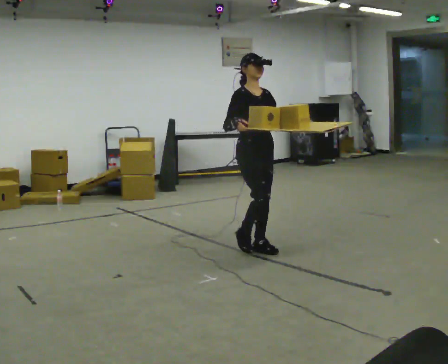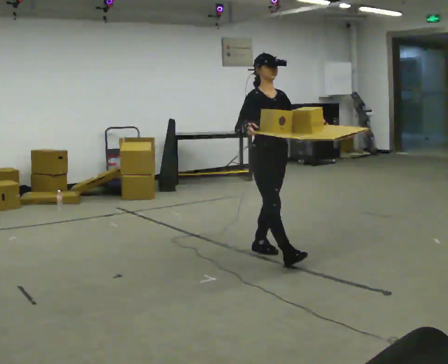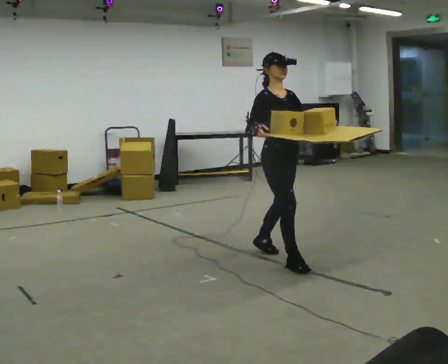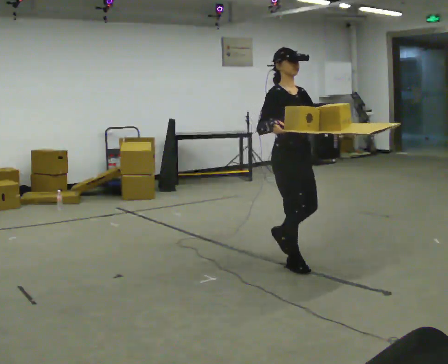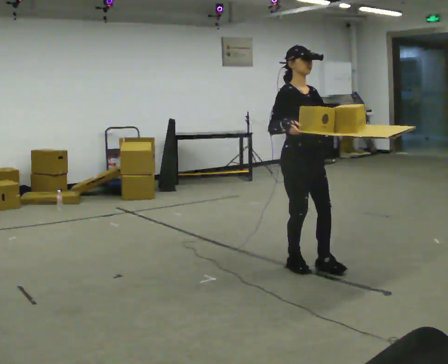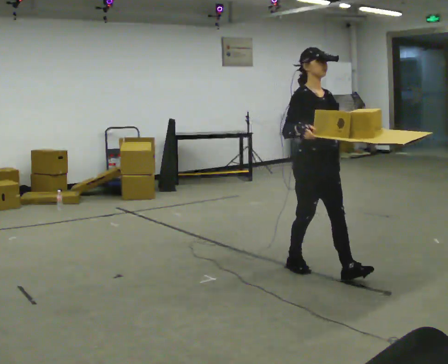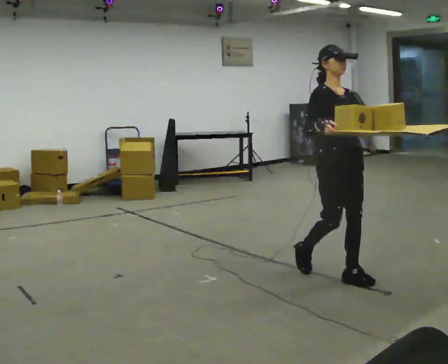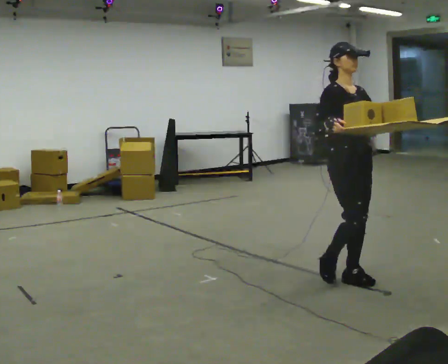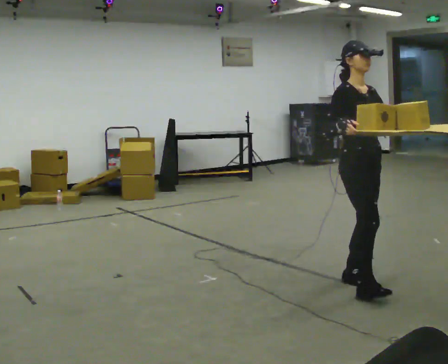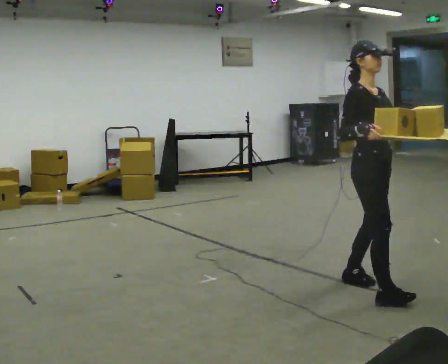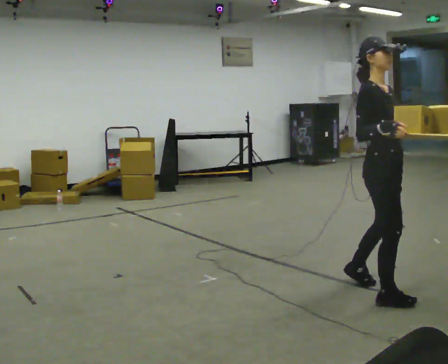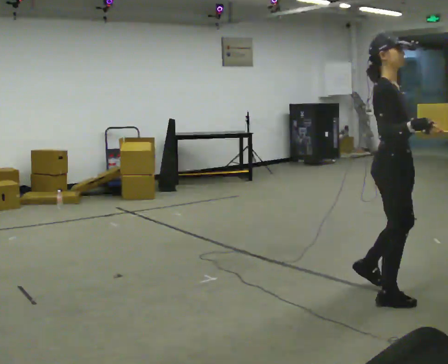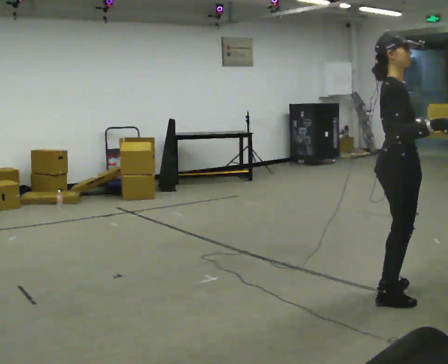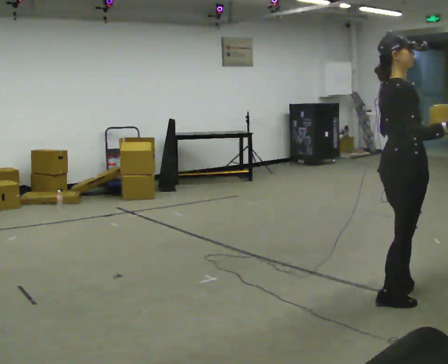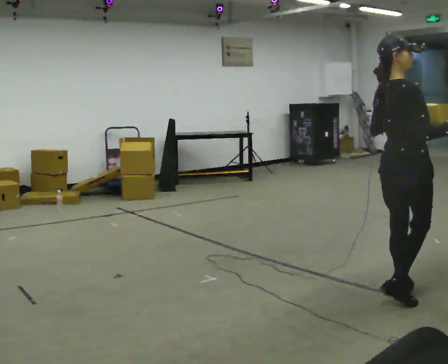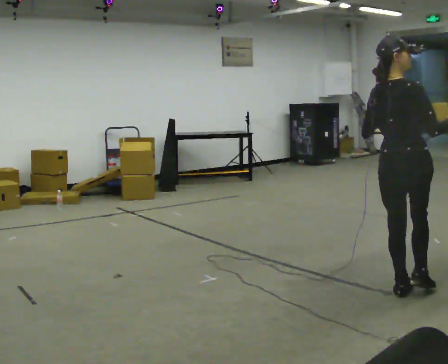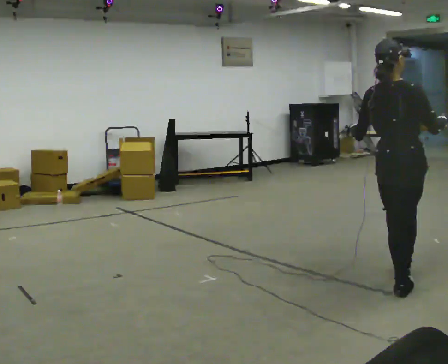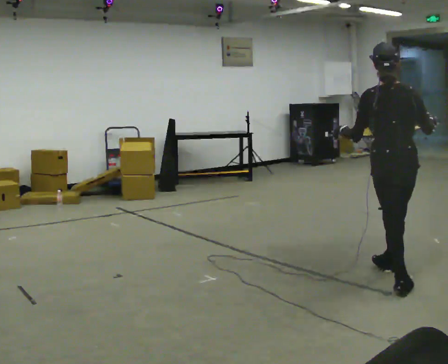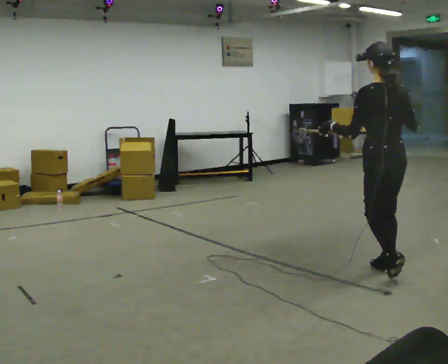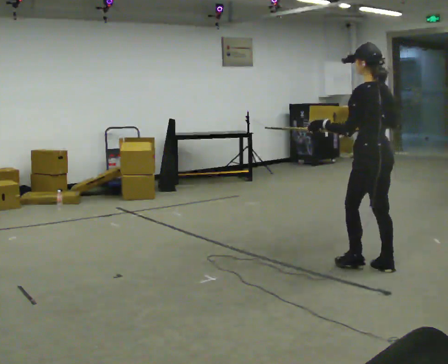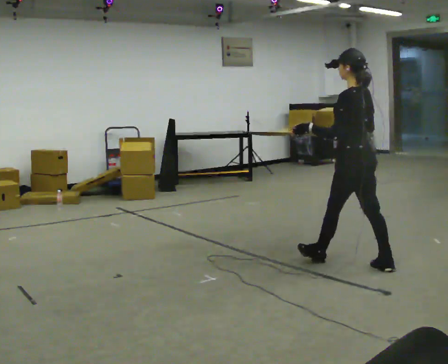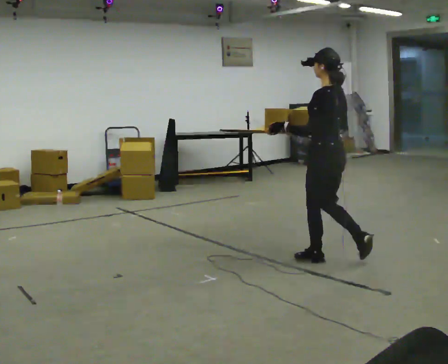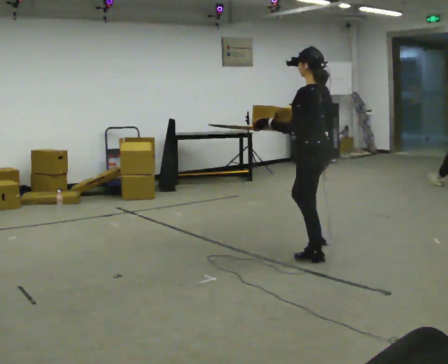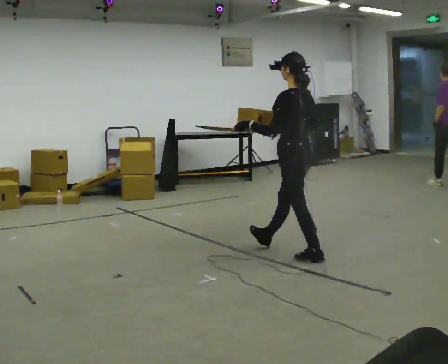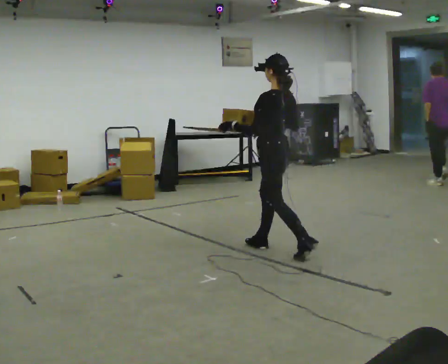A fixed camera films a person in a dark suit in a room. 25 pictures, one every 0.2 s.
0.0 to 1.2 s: In the picture they go to the right and toward the camera, about 1 m in 2 steps, which for them is forward.
1.2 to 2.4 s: The person turns about 60 degrees to their left, counterclockwise seen from above, so the part of the body nearest the lens slides to the right. In the picture they go toward the camera and to the right, about 0.5 m in 1 step, which for them is forward.
2.4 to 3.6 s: The person turns about 120 degrees to their left, counterclockwise seen from above, so the part of the body nearest the lens slides to the right. In the picture they go away from the camera, about 0.5 m in 2 steps.
3.6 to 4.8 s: The person turns about 30 degrees to their left, counterclockwise seen from above, so the part of the body nearest the lens slides to the right. In the picture they go to the left and away from the camera, about 1 m in 2 steps, which for them is forward.
The film runs forward here.
